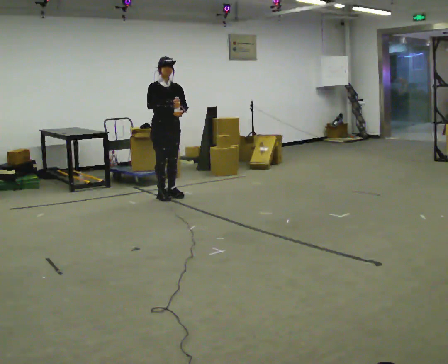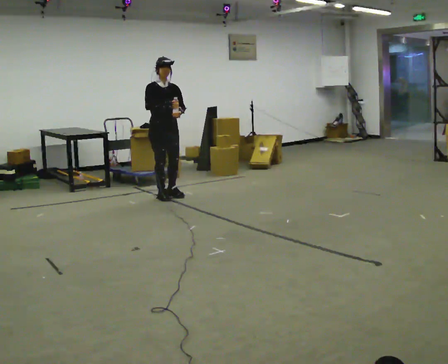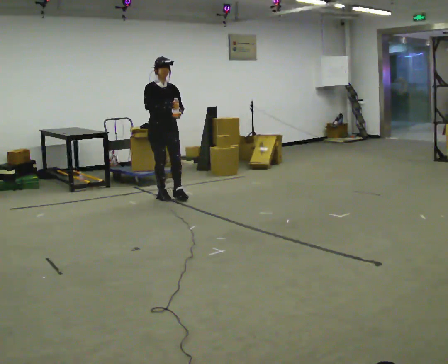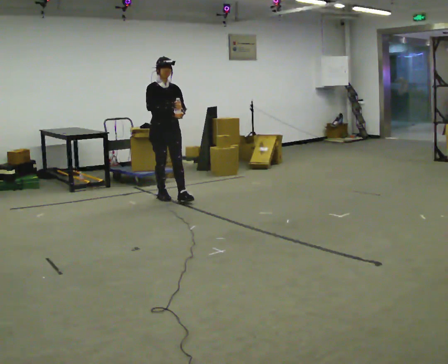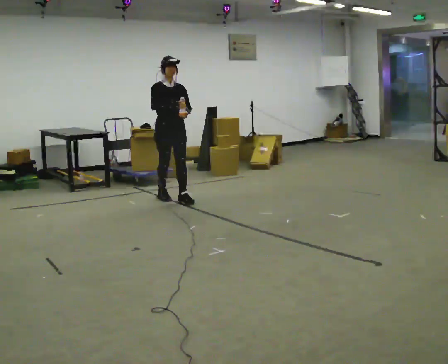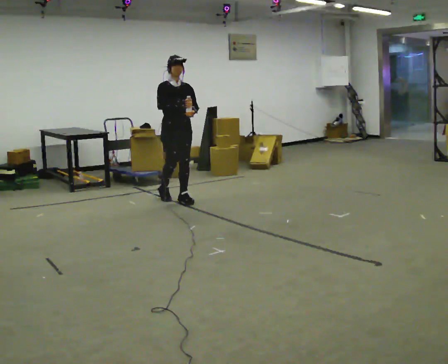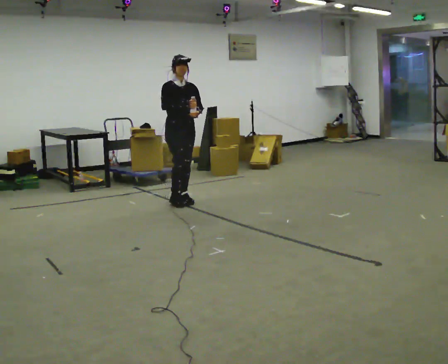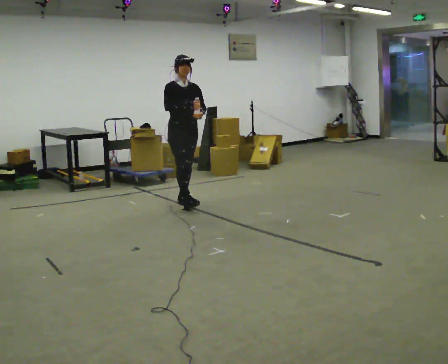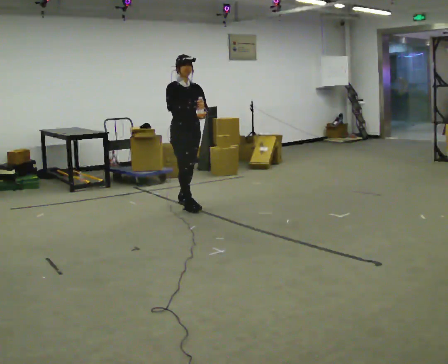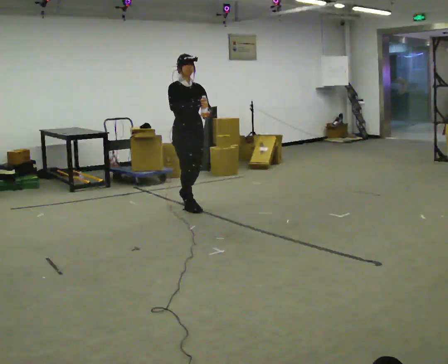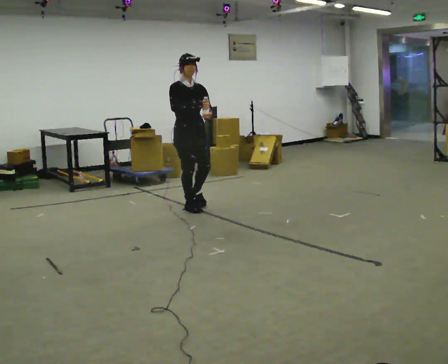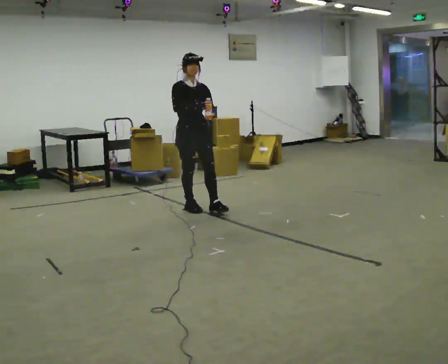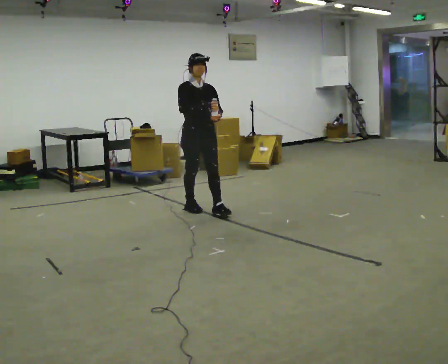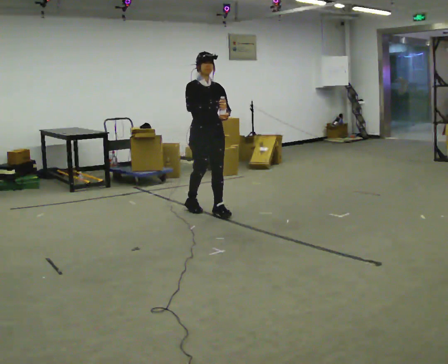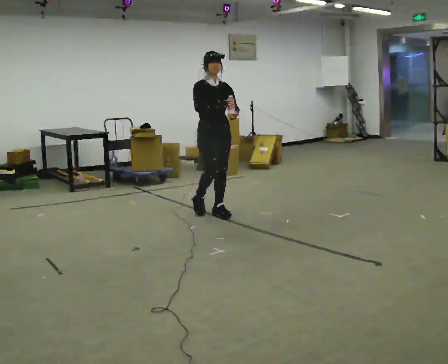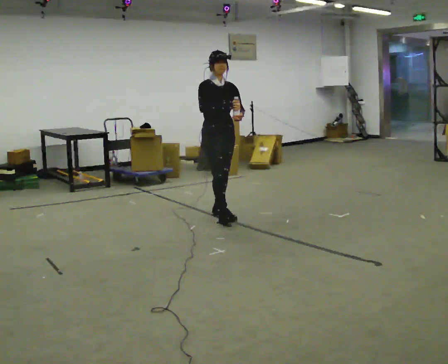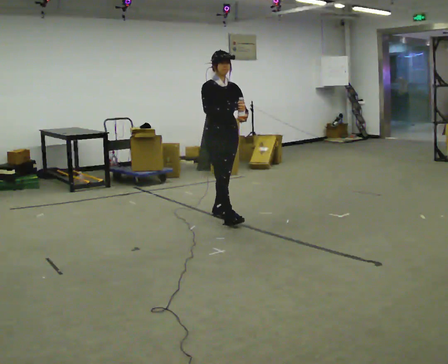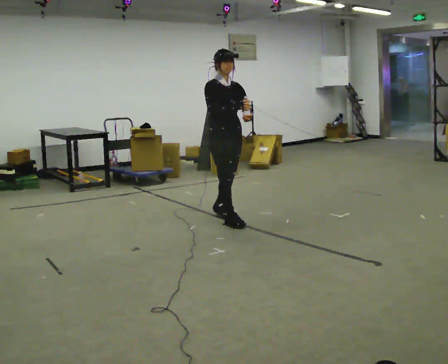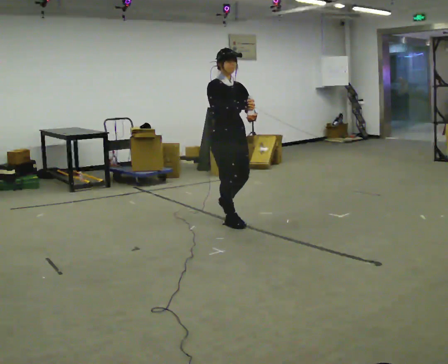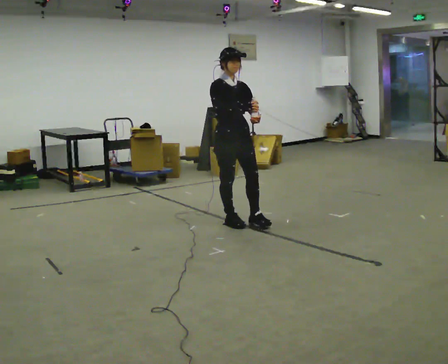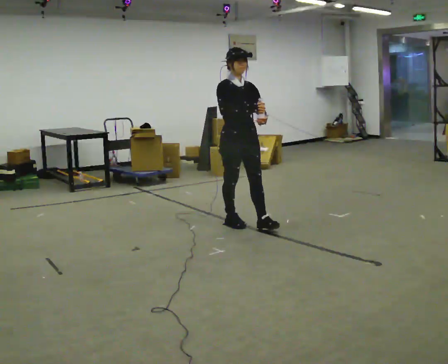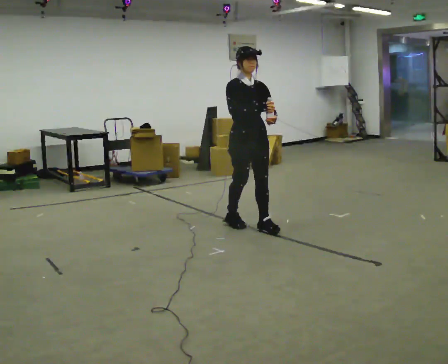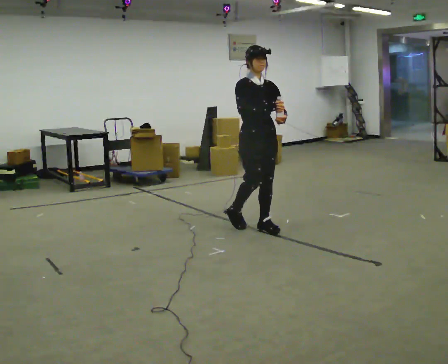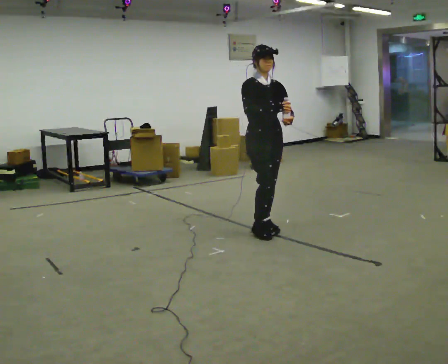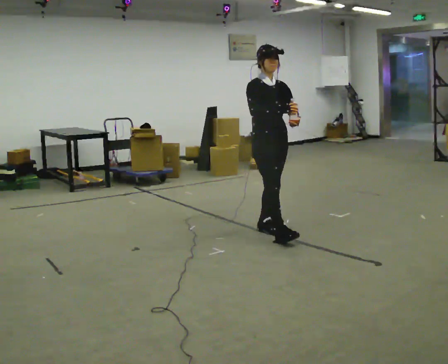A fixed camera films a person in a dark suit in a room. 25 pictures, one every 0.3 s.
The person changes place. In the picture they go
toward the camera.
0.0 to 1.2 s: In the picture they go toward the camera, about 0.25 m in 1 step, which for them is forward.
1.2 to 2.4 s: In the picture they go toward the camera and to the right, about 0.25 m in 1 step, which for them is forward.
2.4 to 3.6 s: In the picture they go toward the camera, about 0.25 m in 1 step, which for them is forward.
3.6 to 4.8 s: In the picture they go toward the camera and to the right, about 0.25 m in 1 step, which for them is forward.
4.8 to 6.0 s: In the picture they go toward the camera, about 0.25 m in 1 step, which for them is forward.
6.0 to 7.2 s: In the picture they go toward the camera and to the right, about 0.25 m in 1 step, which for them is forward.
The film runs forward here.
